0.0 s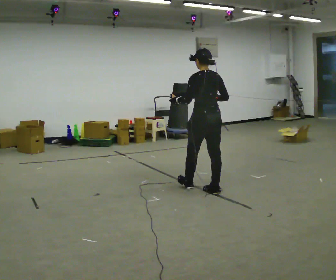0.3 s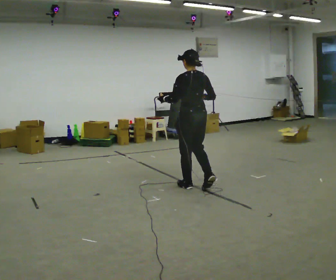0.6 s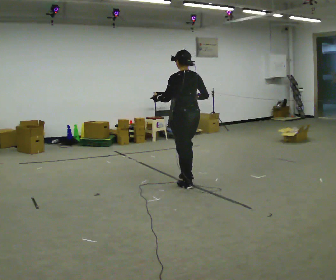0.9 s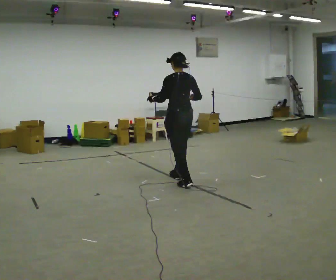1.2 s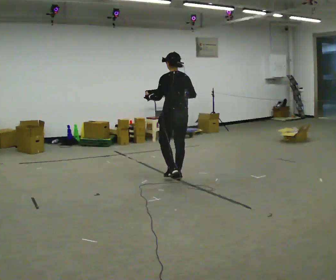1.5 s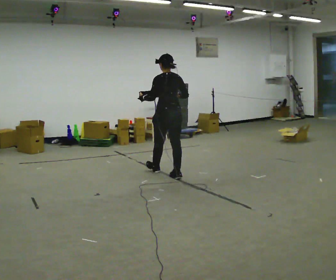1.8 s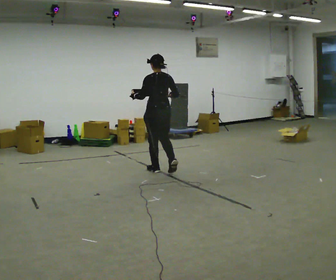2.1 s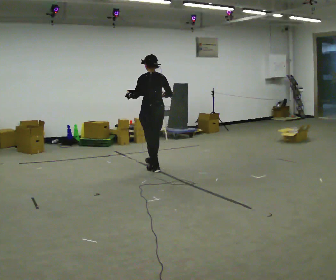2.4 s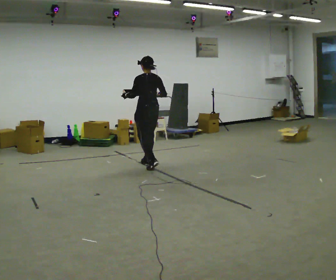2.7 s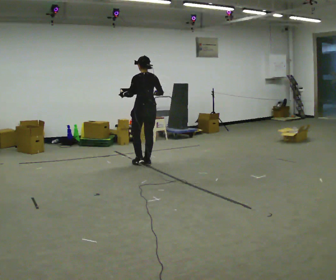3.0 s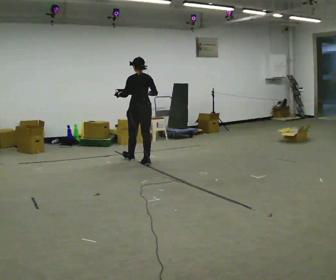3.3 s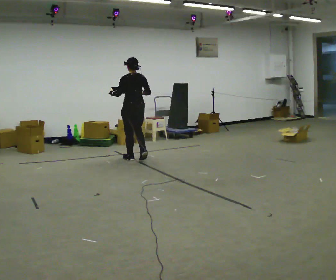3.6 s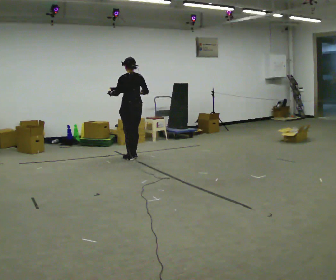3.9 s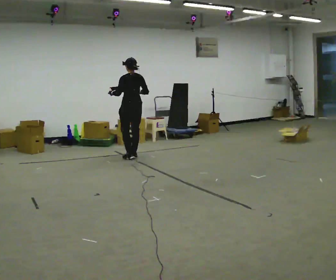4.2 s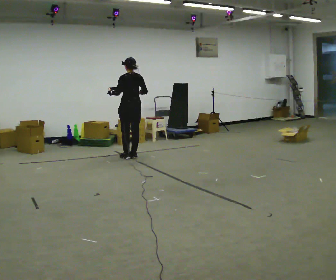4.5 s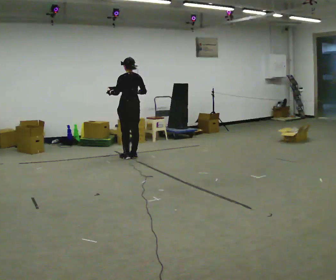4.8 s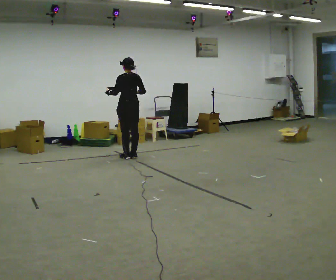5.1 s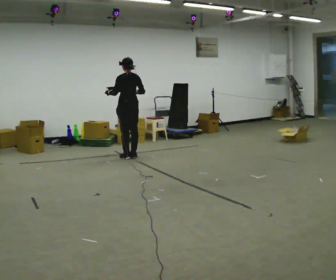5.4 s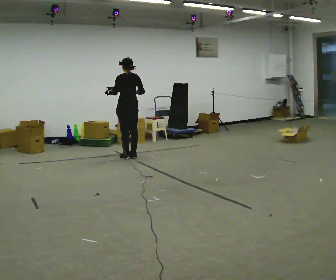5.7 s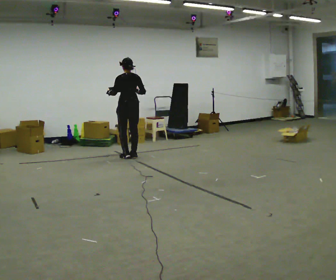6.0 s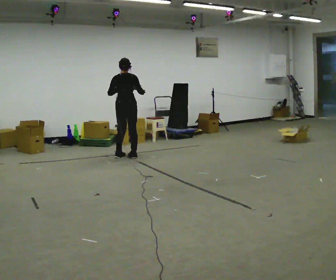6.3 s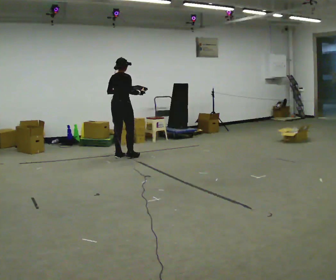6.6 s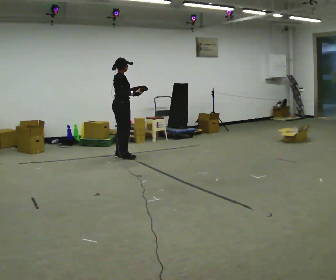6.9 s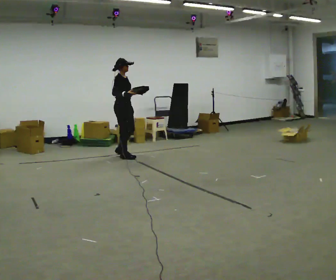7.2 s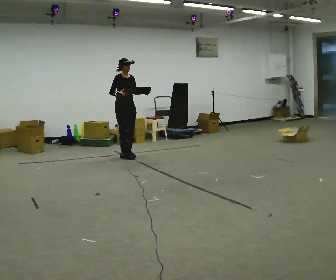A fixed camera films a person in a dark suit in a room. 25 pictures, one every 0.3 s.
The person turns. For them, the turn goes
to their right.
The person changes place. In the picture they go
away from the camera.
0.0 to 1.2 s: In the picture they go away from the camera and to the left, about 0.75 m in 1 step, which for them is forward.
1.2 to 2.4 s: In the picture they go away from the camera and to the left, about 1 m in 2 steps, which for them is forward.
2.4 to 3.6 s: In the picture they go away from the camera and to the left, about 0.5 m in 2 steps, which for them is forward.
3.6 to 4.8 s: The person moves a little, or ends about where they began.
4.8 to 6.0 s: The person turns about 30 degrees to their right, clockwise seen from above, so the part of the body nearest the lens slides to the left.
6.0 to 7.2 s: Seen from above the body turns clockwise, about 120 degrees: to their right, with its near side sliding to the left. In the picture their left hand goes to the right.
The film runs forward here.
